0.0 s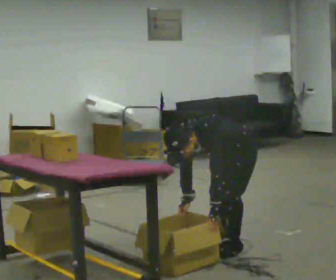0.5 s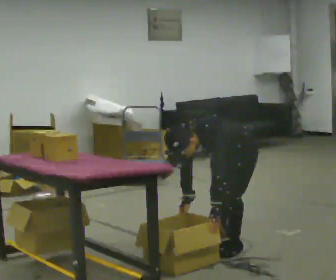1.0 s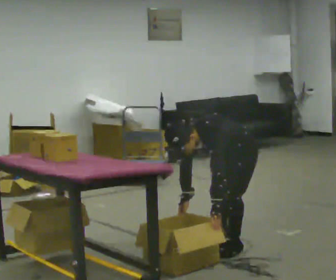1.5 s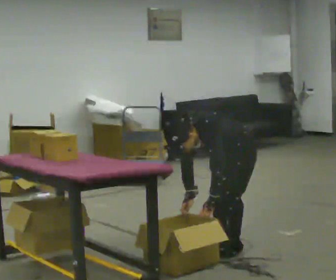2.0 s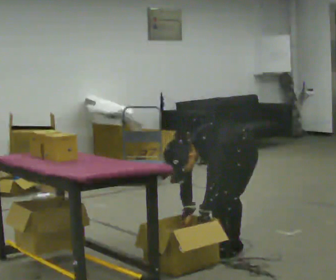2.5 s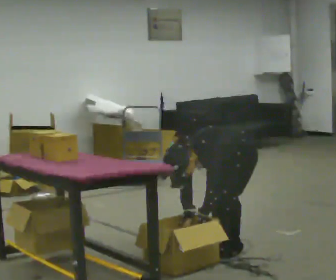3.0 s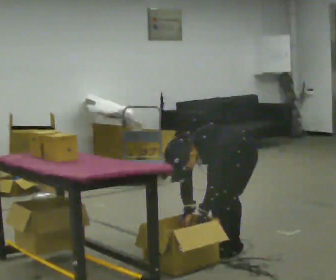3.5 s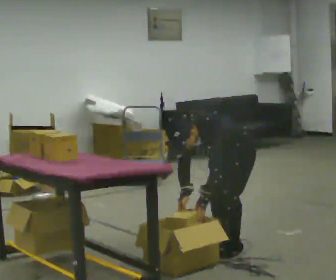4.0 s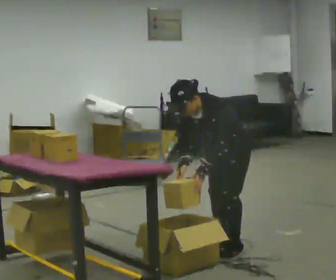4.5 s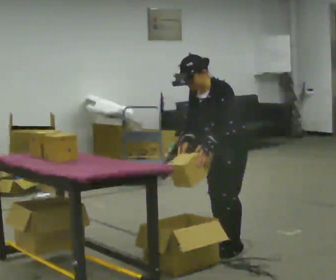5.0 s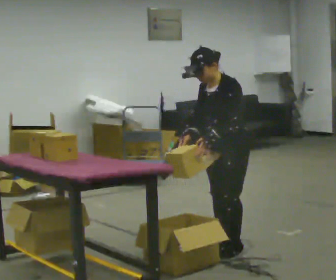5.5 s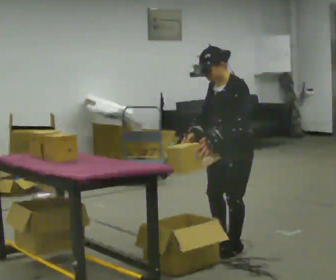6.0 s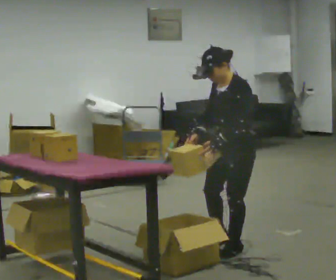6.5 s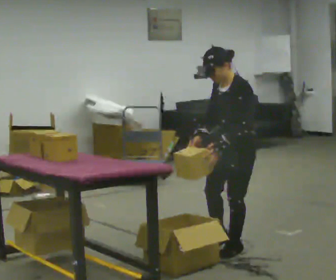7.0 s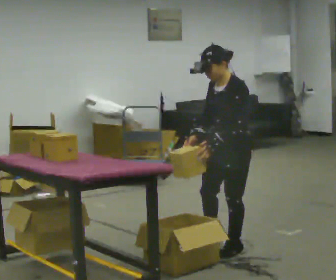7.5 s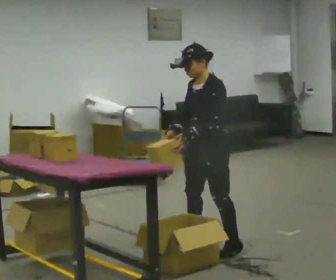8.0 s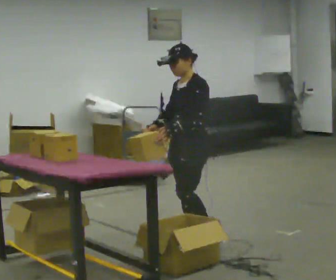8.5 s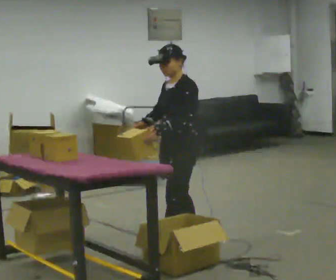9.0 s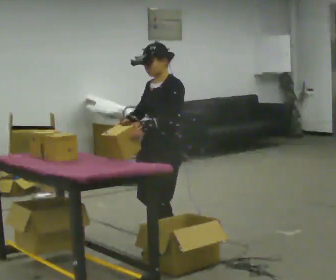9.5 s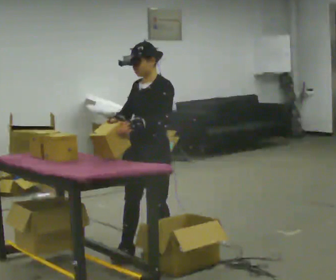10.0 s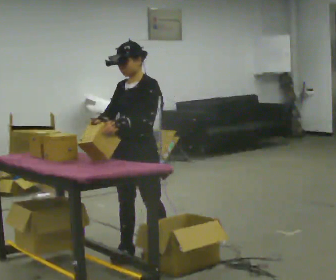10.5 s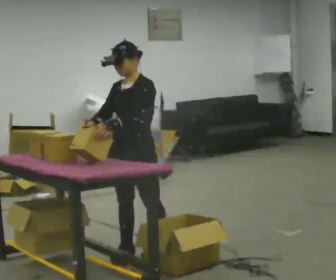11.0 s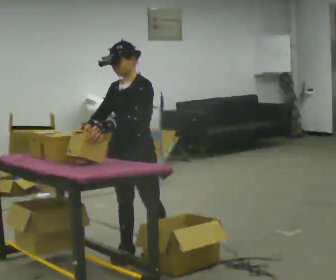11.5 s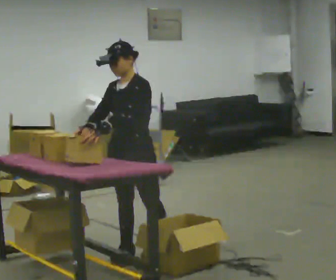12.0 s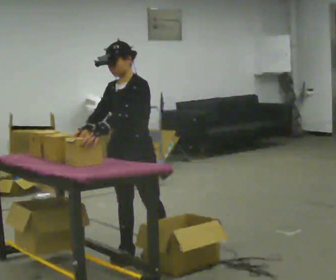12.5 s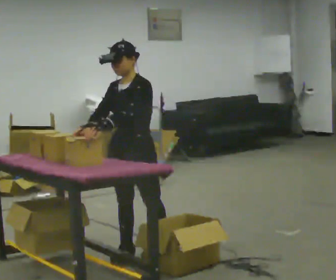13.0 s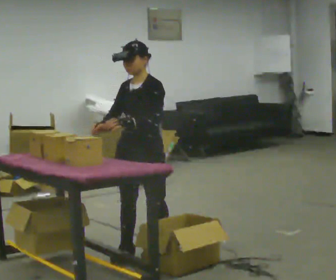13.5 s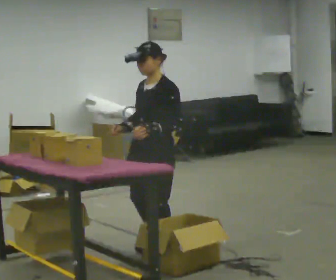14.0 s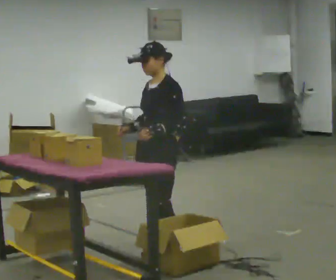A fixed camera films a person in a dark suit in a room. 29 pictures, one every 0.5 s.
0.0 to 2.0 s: The person moves a little, or ends about where they began.
2.0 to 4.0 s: The upper body goes upward. The upper body tips away from the camera, its near side rolling upward, as they lean back or straighten. In the picture their right hand goes upward.
4.0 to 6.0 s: In the picture the upper body tilts clockwise, shoulders to the right, as they lean back or straighten.
6.0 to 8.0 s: In the picture they go to the left and away from the camera, about 0.25 m in 1 step, which for them is to their right and forward.
8.0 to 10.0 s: In the picture they go to the left and toward the camera, about 0.5 m in 2 steps, which for them is forward.
10.0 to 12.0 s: The person moves a little, or ends about where they began.
12.0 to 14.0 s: In the picture they go to the right, about 0.25 m in 1 step, which for them is backward.
The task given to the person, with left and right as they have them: 1. Take everything out of the crates by the door. 2. Put the small items on the middle shelf. 3. Put the large items on the bottom shelf. 4. Stack the empty crates by the door. 5. Tell the operator when you are finished.
The film runs forward here.
